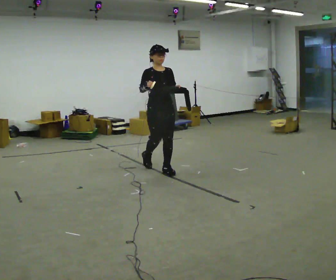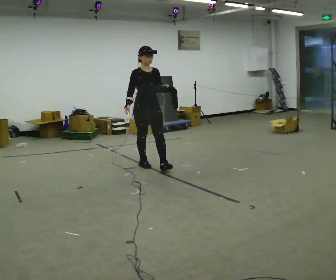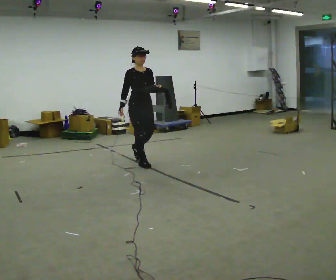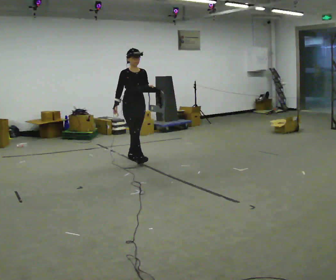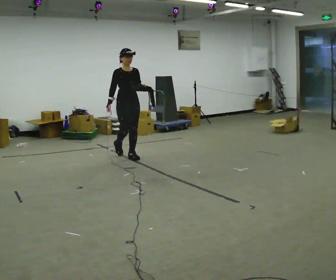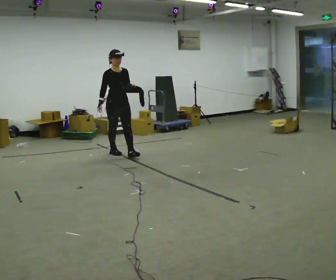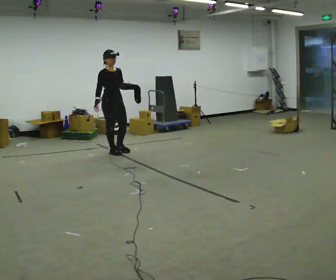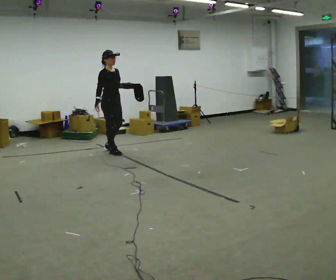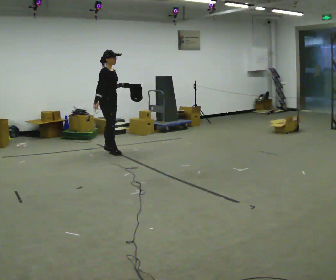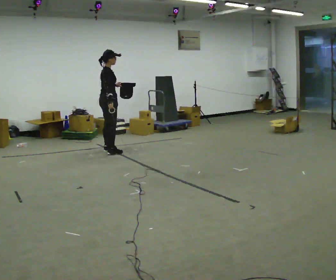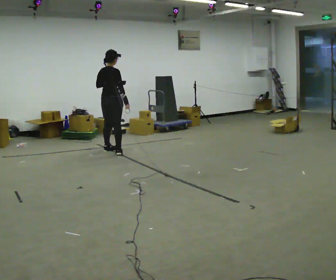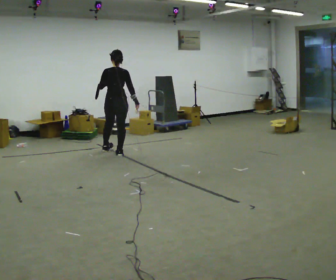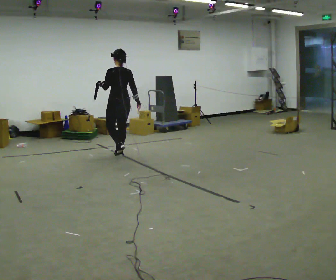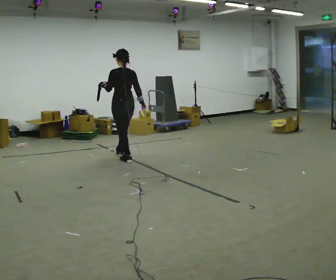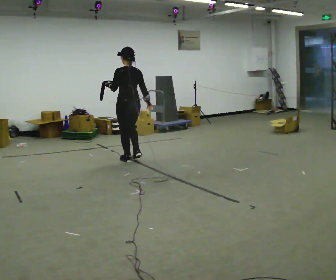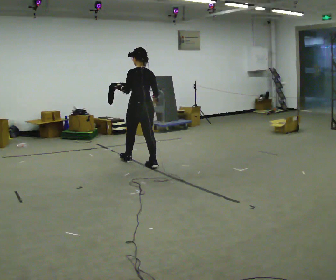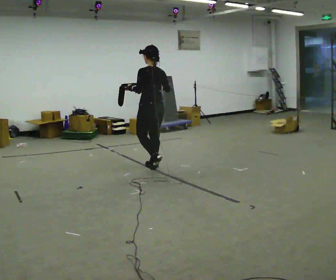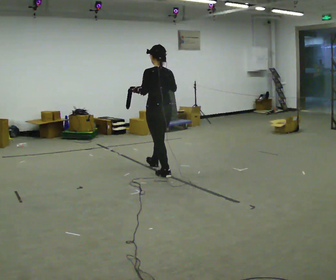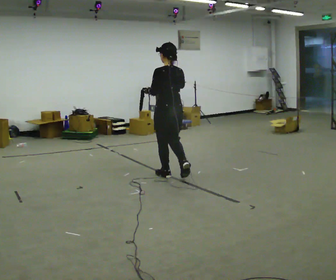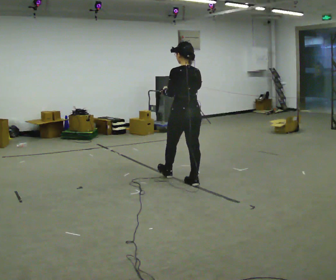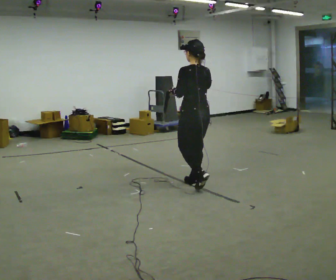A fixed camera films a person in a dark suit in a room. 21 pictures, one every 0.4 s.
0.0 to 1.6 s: In the picture they go away from the camera and to the left, about 1 m in 2 steps, which for them is backward. In the picture their right hand goes downward.
1.6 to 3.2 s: The part of the body nearest the lens slides to the right as the person turns to their left by about 45 degrees. In the picture they go away from the camera and to the left, about 0.5 m in 1 step, which for them is backward.
3.2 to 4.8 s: The part of the body nearest the lens slides to the right as the person turns to their left by about 135 degrees. In the picture they go toward the camera and to the right, about 0.25 m in 2 steps.
4.8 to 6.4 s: In the picture they go toward the camera and to the right, about 1 m in 2 steps, which for them is backward.
6.4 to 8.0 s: In the picture they go toward the camera and to the right, about 1 m in 2 steps, which for them is backward.
The film runs backward here.
